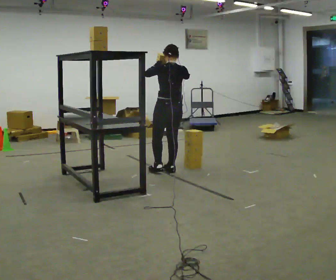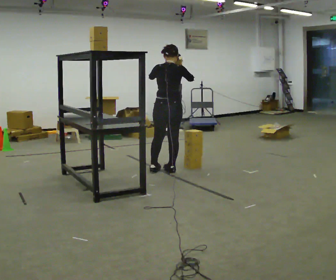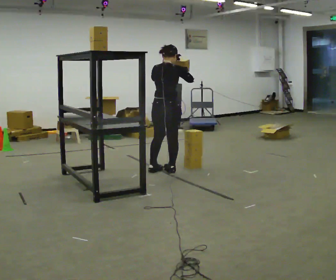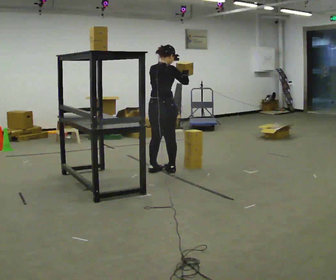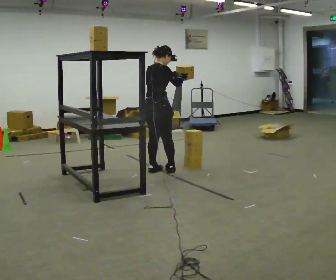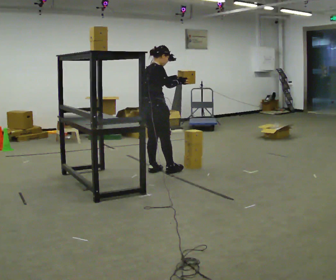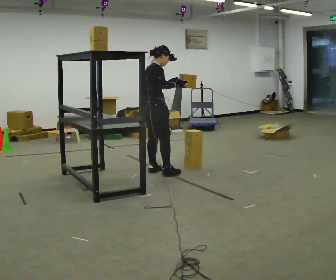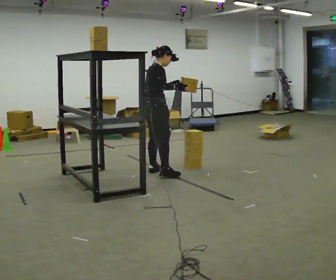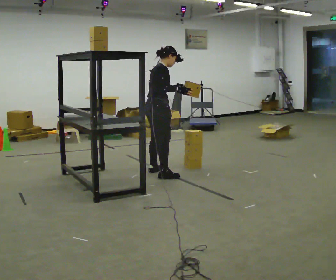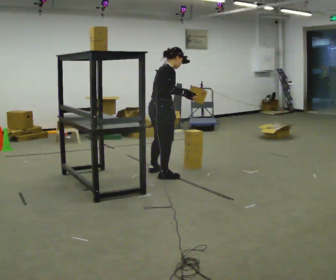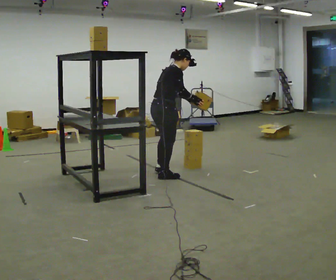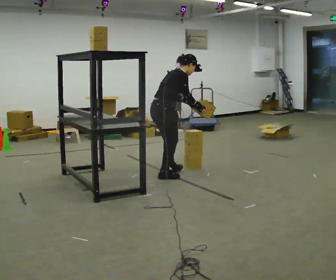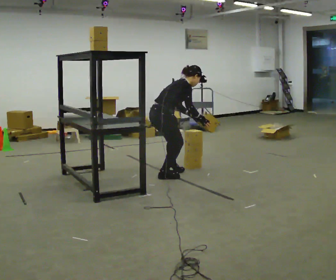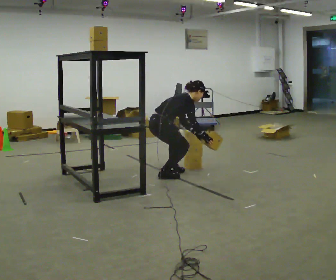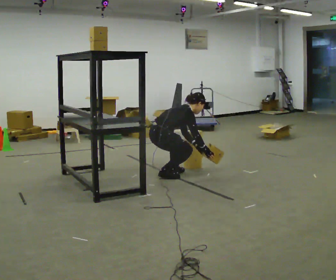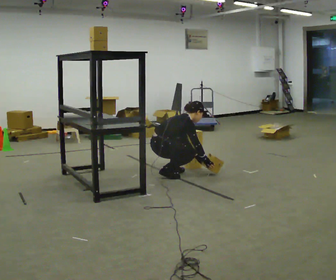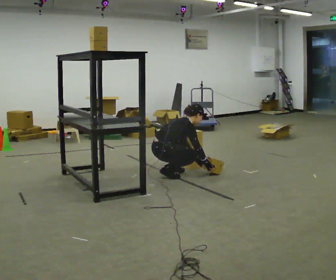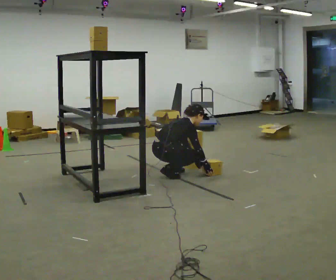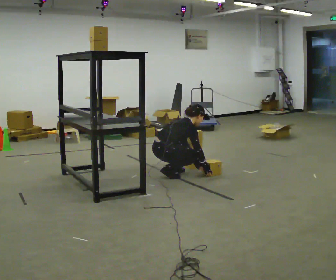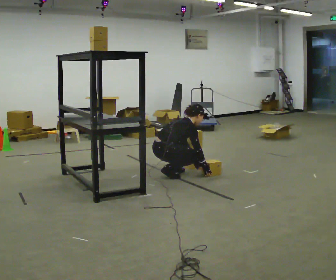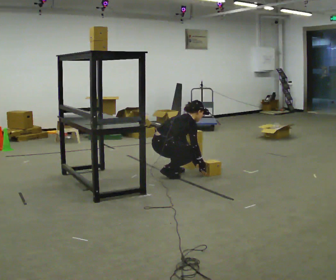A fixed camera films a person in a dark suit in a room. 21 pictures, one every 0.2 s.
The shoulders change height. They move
downward.
Their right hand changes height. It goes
downward.
0.0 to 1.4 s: The part of the body nearest the lens slides to the left as the person turns to their right by about 75 degrees. In the picture they go to the left, about 0.25 m in 2 steps.
1.4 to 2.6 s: In the picture they go toward the camera, about 0.25 m in 1 step, which for them is to their right. The upper body goes downward. In the picture the upper body tilts clockwise, shoulders to the right, as they bend forward. In the picture their left hand goes downward.
2.6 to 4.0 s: The person moves a little, or ends about where they began.
The film runs forward here.
